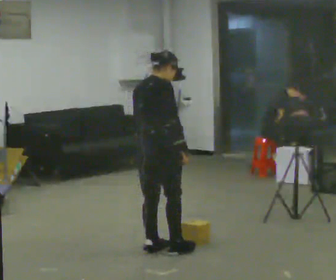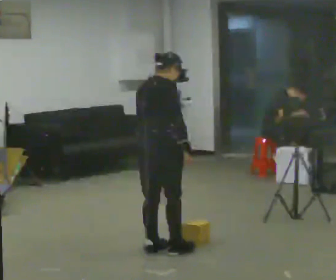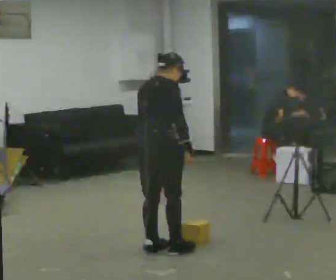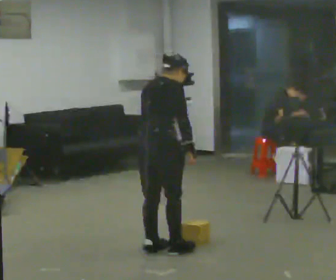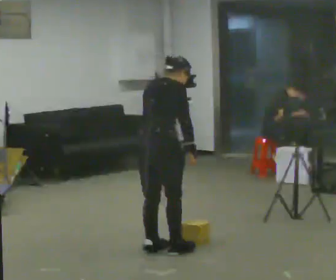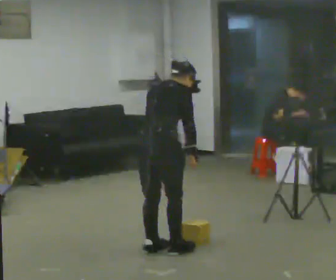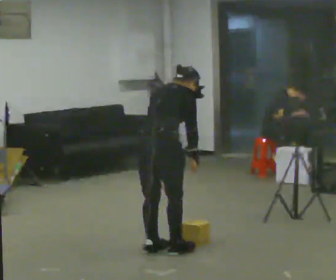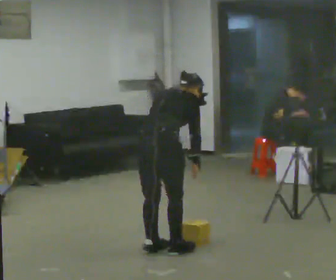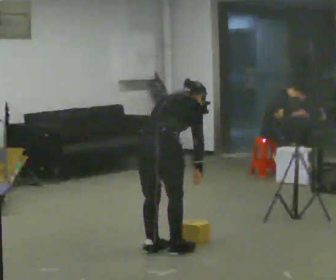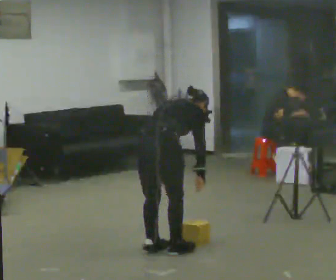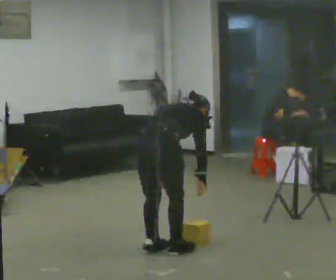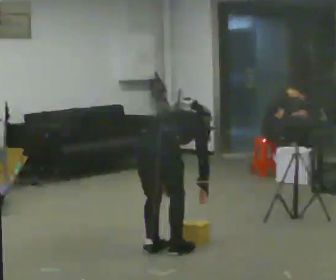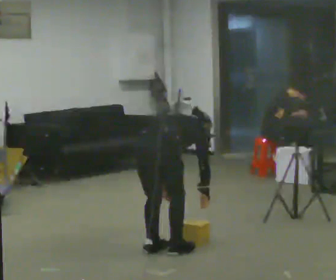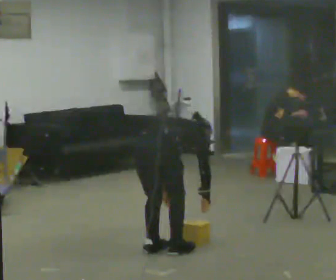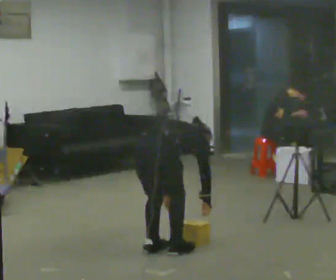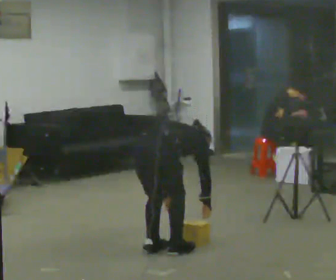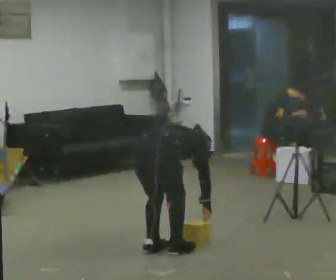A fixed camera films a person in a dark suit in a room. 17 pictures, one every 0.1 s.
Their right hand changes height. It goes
downward.
The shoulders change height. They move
downward.
0.0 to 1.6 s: The upper body goes downward. The upper body tips away from the camera, its near side rolling upward, as they bend forward. In the picture their right hand goes downward.
The film runs forward here.
